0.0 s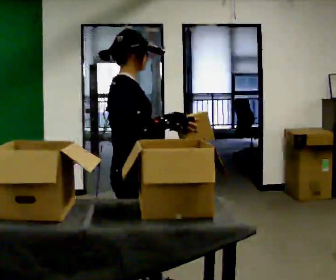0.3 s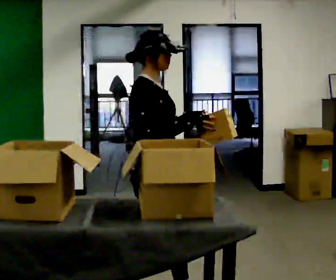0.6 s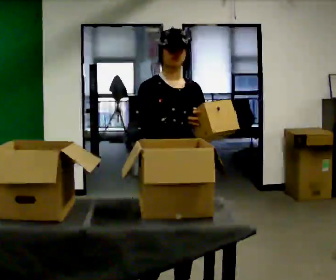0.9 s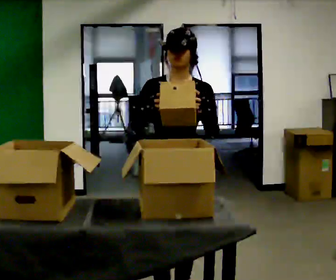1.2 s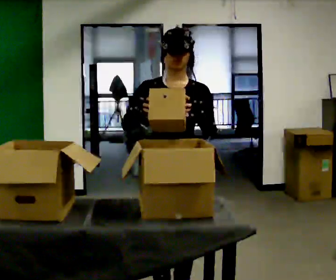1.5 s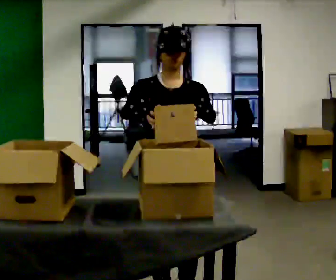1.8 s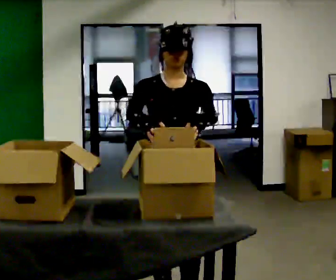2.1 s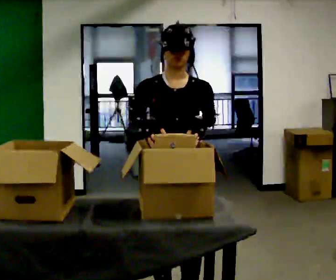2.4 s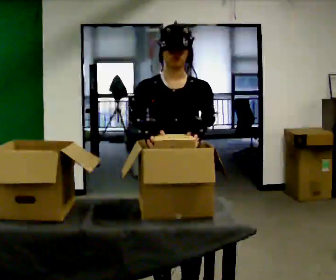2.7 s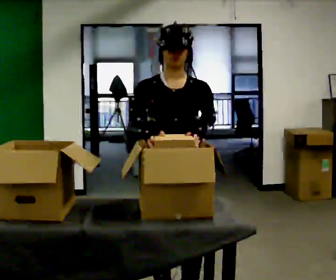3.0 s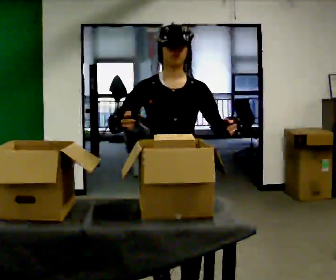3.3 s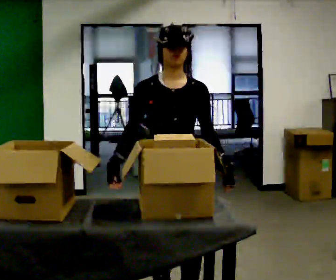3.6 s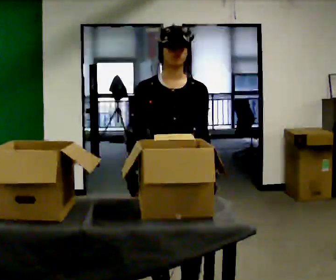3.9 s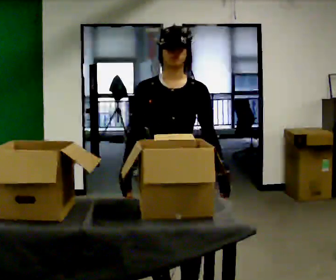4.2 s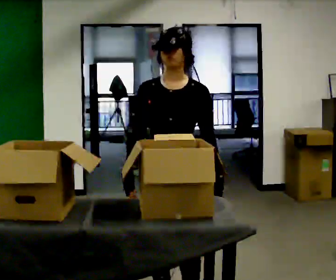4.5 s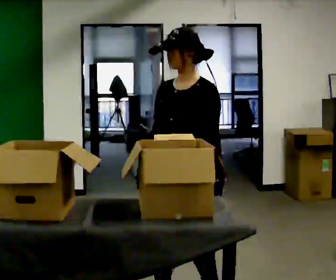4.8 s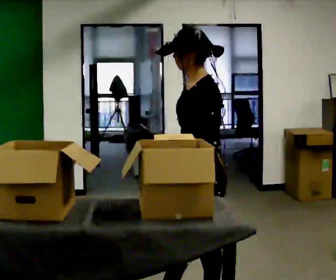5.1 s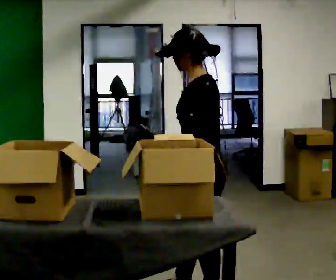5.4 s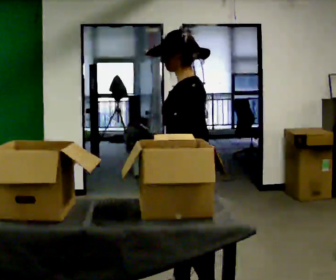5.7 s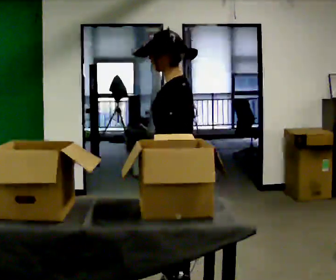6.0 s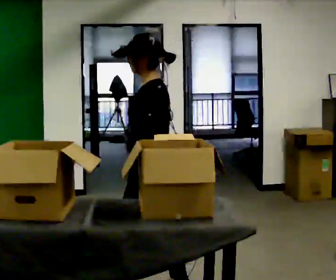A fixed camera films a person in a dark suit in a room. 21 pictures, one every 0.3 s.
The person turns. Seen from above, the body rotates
clockwise.
The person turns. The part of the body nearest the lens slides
to the left.
0.0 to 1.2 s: The person turns about 90 degrees to their right, clockwise seen from above, so the part of the body nearest the lens slides to the left. In the picture they go to the right, about 0.25 m in 2 steps.
1.2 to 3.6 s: In the picture their left hand goes downward.
3.6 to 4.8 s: The part of the body nearest the lens slides to the left as the person turns to their right by about 75 degrees. In the picture they go to the right, about 0.25 m in 1 step. In the picture their right hand goes to the right.
4.8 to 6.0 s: In the picture they go to the left, about 0.25 m in 2 steps, which for them is forward.
The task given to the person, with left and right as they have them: Move the items from one container to the other one at a time, then move them back. Repeat at your own pace until the operator says stop. Keep both feet on the marked spots for the whole take. If you have to step, stop and tell the operator.
The film runs forward here.
